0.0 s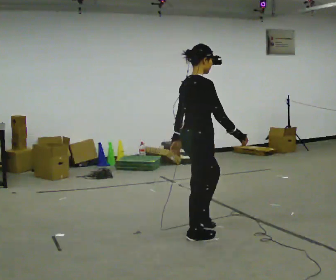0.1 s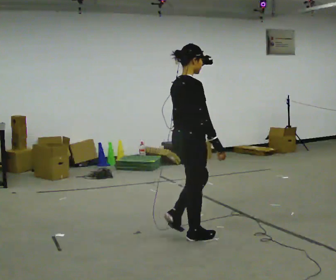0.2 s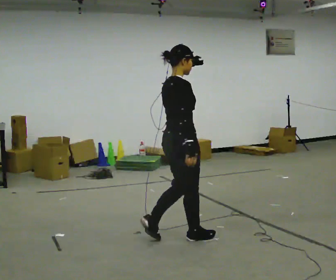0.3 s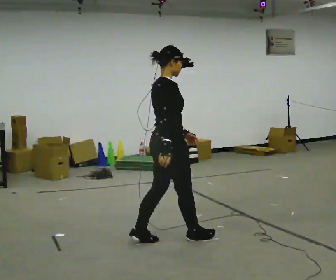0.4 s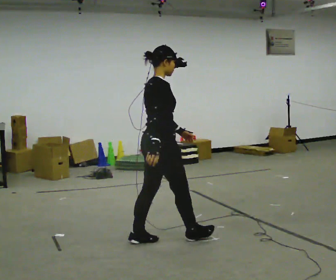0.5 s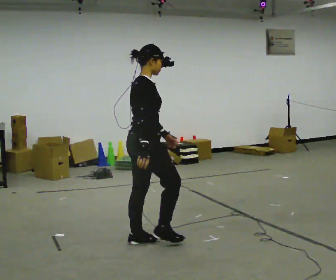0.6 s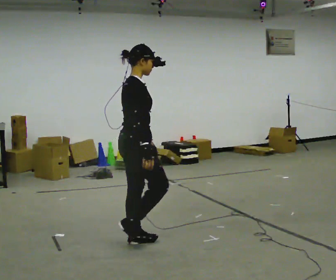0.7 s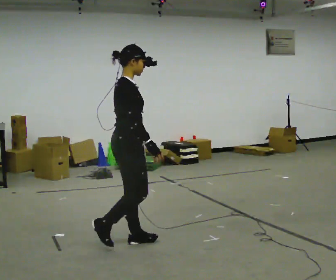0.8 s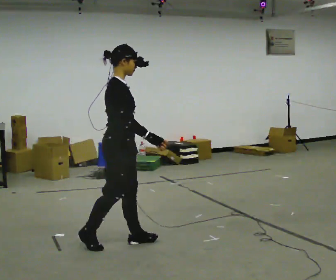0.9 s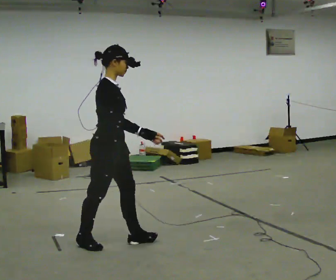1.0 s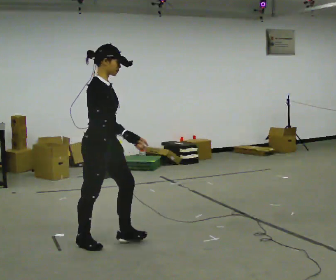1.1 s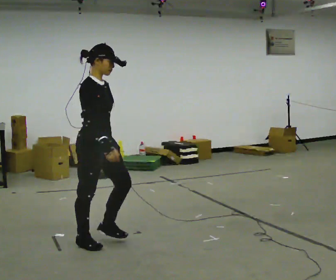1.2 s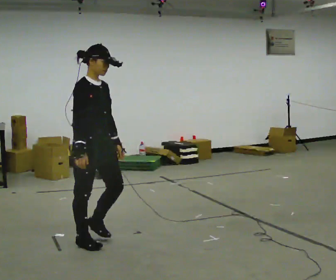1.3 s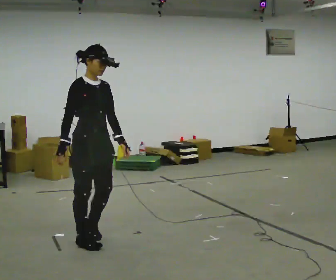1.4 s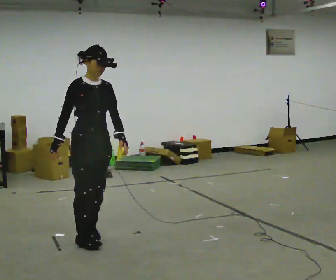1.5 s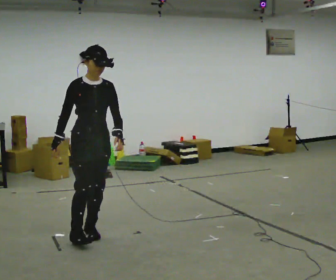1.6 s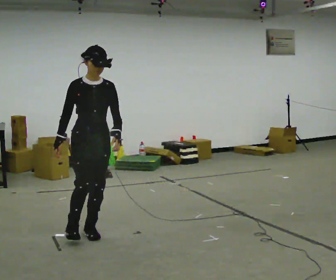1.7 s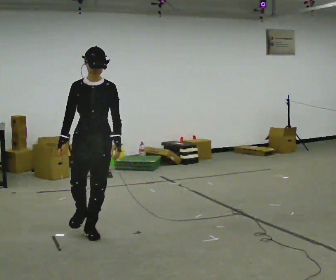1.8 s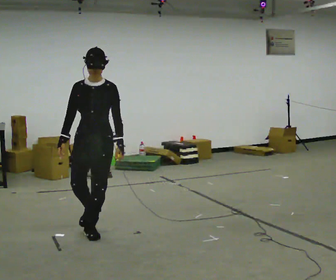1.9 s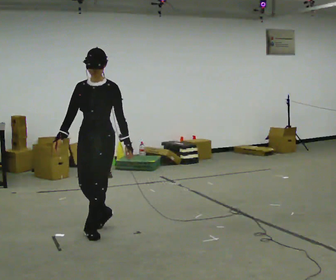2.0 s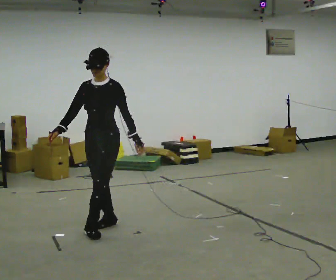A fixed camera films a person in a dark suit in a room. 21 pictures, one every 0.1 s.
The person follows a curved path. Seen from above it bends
clockwise.
The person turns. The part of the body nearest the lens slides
to the left.
0.0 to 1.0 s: Seen from above the body turns clockwise, about 30 degrees: to their right, with its near side sliding to the left. In the picture they go to the left, about 1 m in 2 steps, which for them is backward.
1.0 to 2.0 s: Seen from above the body turns clockwise, about 105 degrees: to their right, with its near side sliding to the left. In the picture they go away from the camera, about 0.5 m in 1 step.
The film runs backward here.
